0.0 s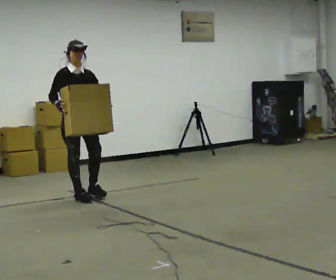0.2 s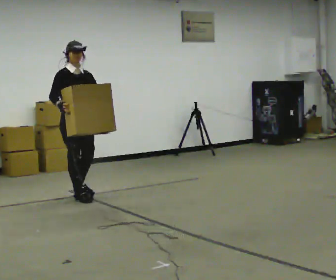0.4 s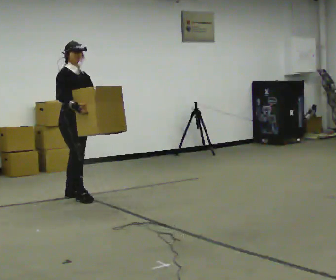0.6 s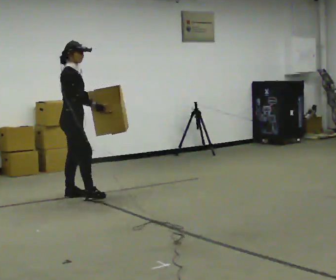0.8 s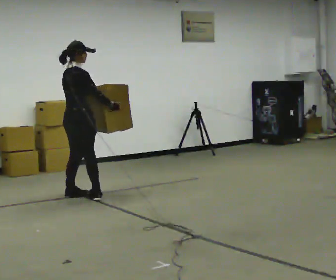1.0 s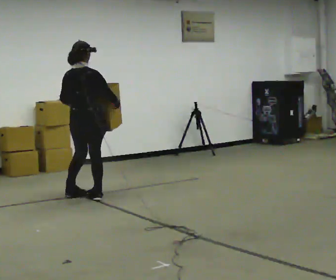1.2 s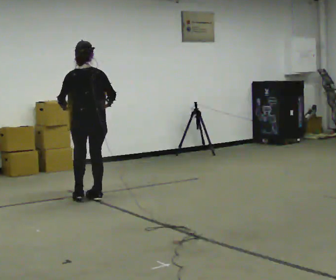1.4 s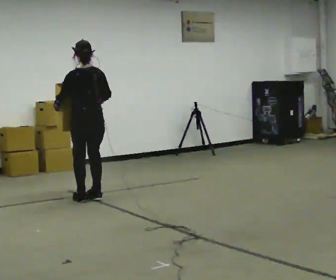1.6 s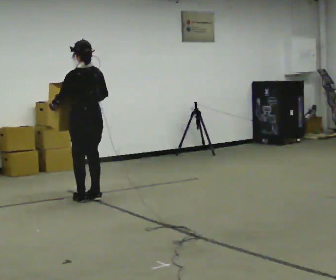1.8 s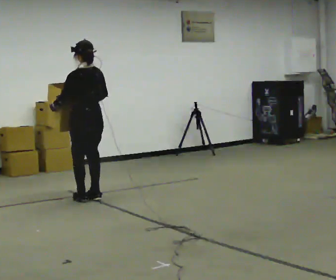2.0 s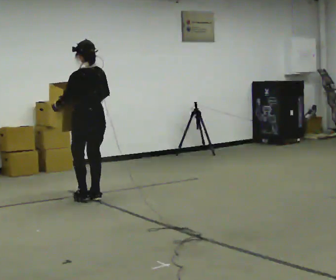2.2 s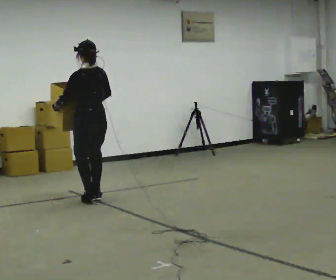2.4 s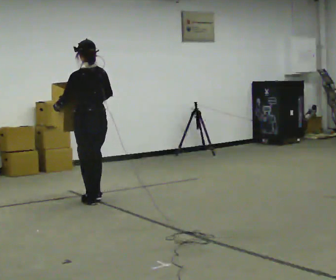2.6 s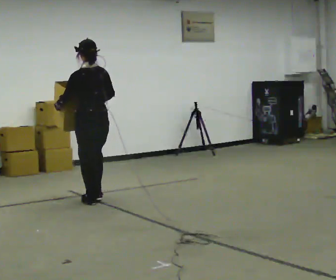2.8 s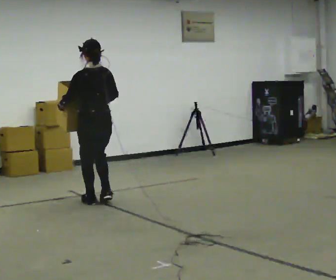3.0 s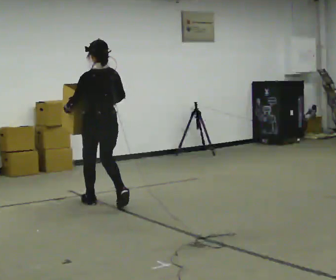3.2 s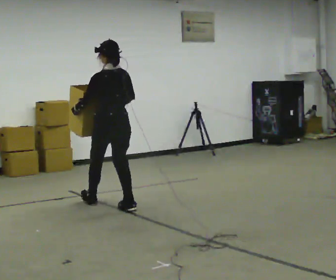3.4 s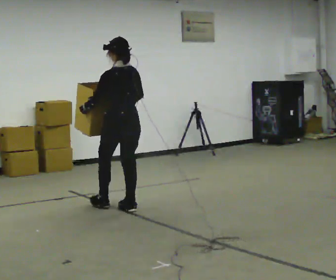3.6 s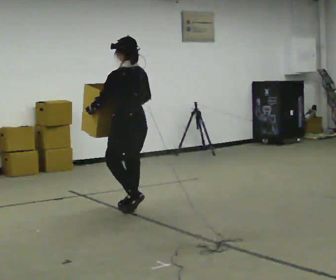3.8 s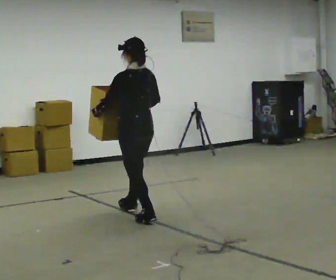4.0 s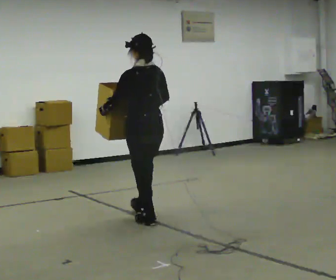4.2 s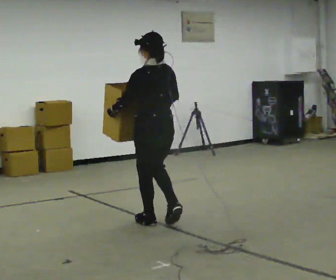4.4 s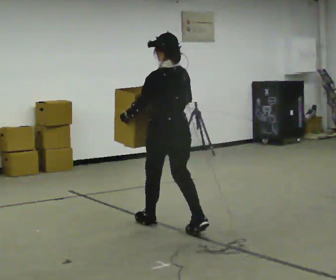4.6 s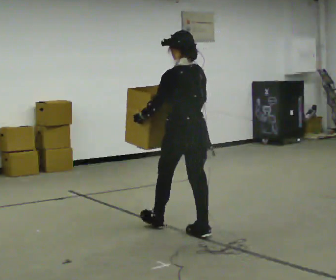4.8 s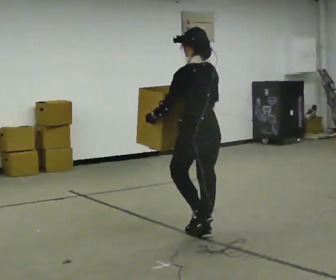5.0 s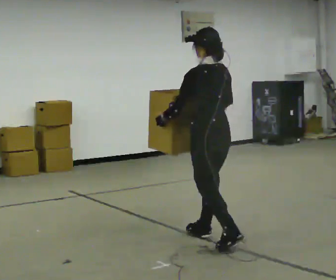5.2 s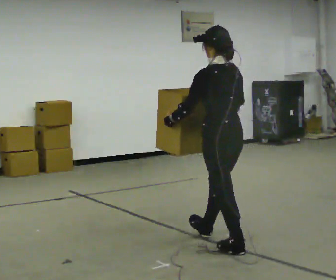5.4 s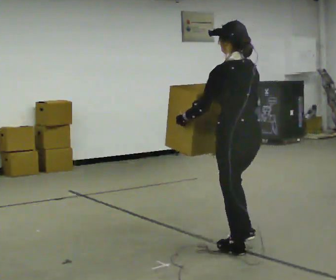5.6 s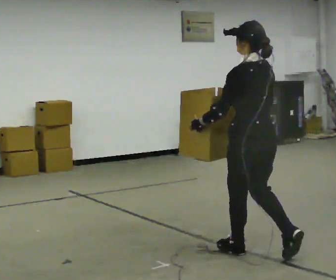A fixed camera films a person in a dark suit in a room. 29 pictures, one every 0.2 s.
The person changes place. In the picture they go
toward the camera.
0.0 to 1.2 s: Seen from above the body turns counterclockwise, about 165 degrees: to their left, with its near side sliding to the right. In the picture their right hand goes to the right.
1.2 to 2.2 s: The person turns about 30 degrees to their left, counterclockwise seen from above, so the part of the body nearest the lens slides to the right.
2.2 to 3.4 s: In the picture they go toward the camera and to the right, about 0.5 m in 2 steps, which for them is backward.
3.4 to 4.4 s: In the picture they go toward the camera and to the right, about 1 m in 1 step, which for them is backward.
4.4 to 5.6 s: In the picture they go toward the camera and to the right, about 1 m in 2 steps, which for them is backward.
The film runs backward here.
